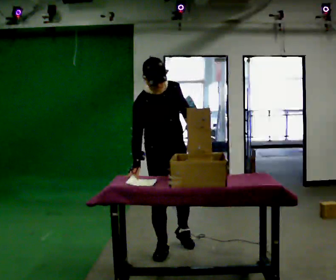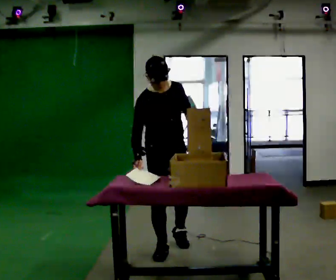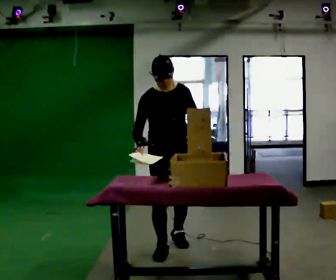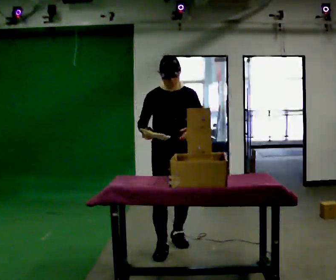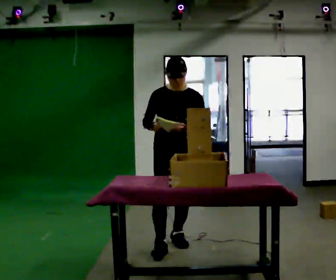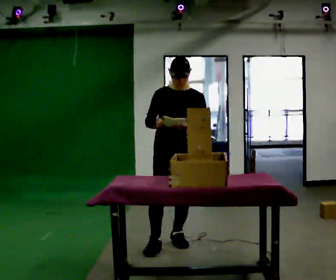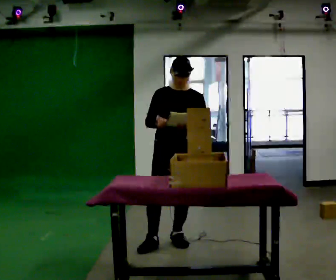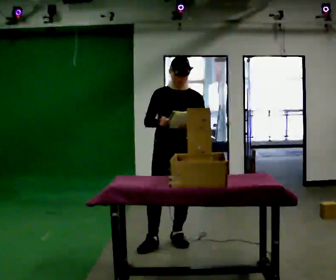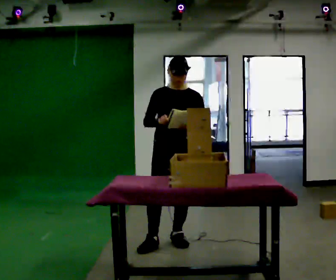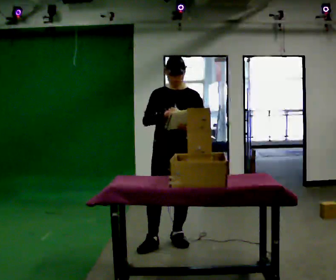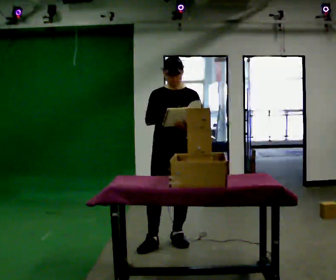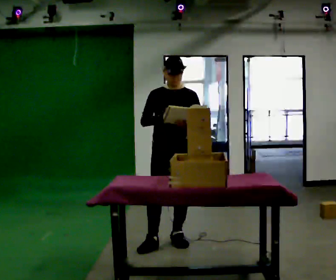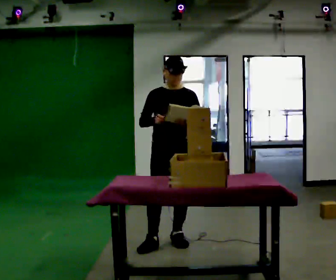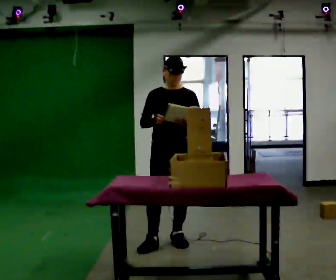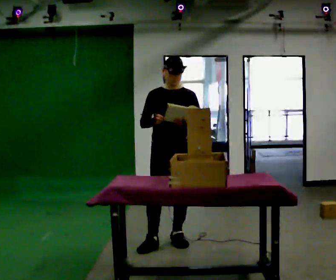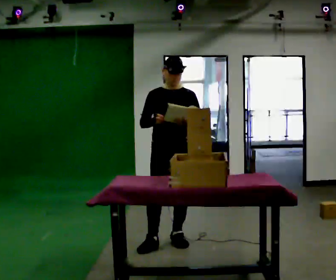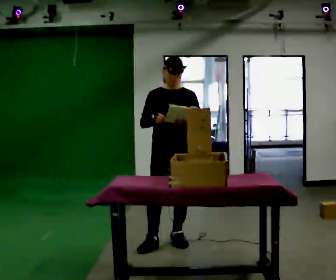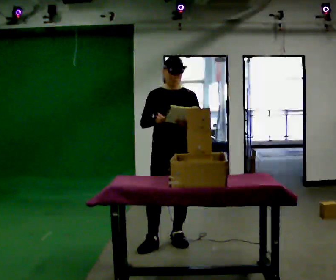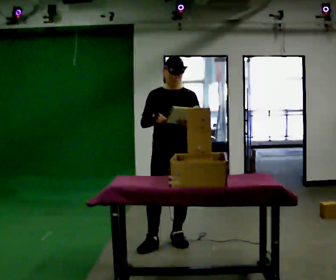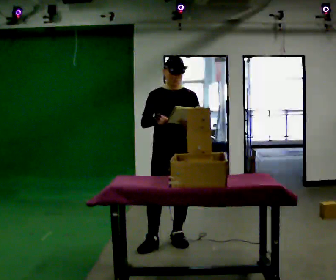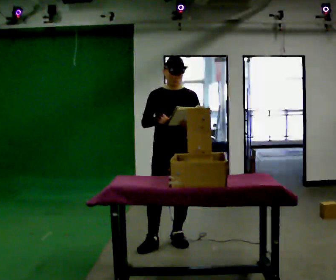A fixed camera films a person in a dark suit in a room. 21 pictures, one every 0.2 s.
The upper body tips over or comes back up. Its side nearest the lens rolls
upward.
0.0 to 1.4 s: Seen from above the body turns clockwise, about 30 degrees: to their right, with its near side sliding to the left. In the picture they go away from the camera, about 0.25 m in 2 steps, which for them is backward. The upper body tips away from the camera, its near side rolling upward, as they lean back or straighten.
1.4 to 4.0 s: The person moves a little, or ends about where they began.
The film runs forward here.
